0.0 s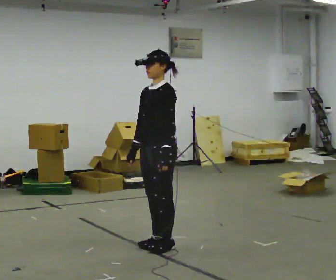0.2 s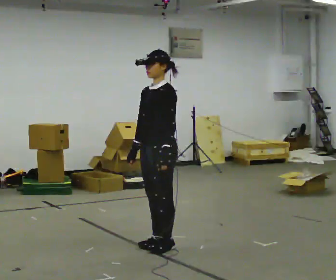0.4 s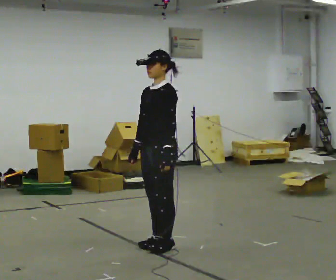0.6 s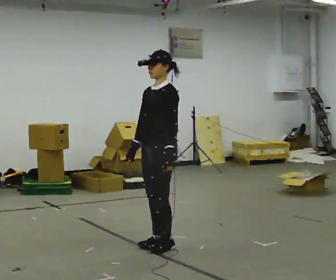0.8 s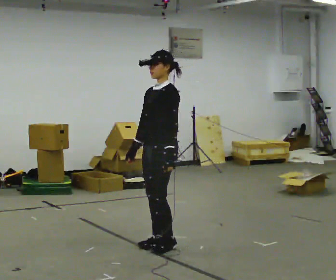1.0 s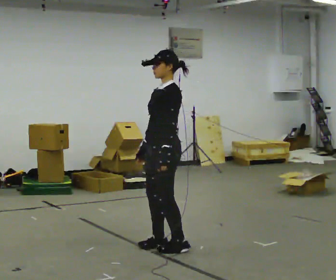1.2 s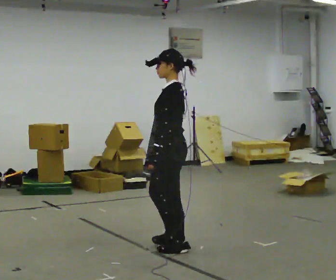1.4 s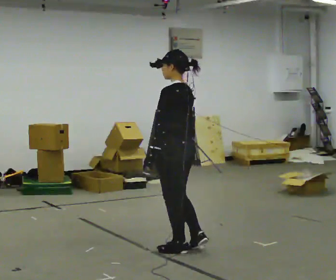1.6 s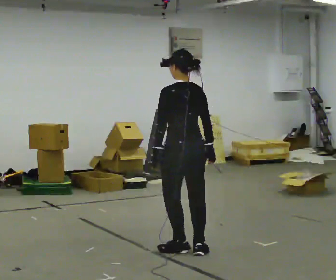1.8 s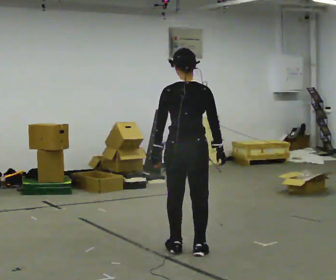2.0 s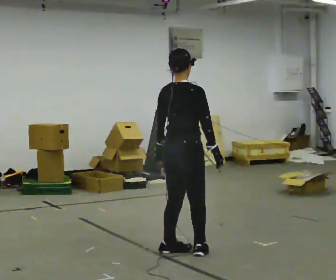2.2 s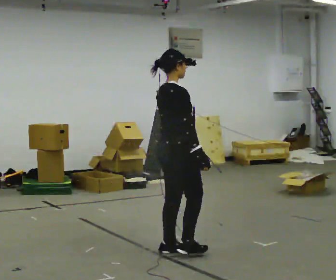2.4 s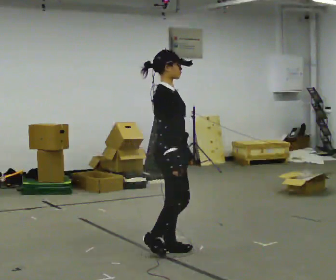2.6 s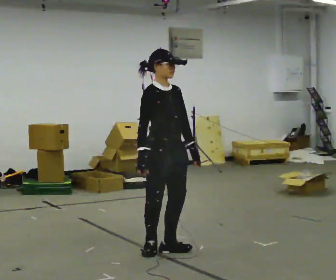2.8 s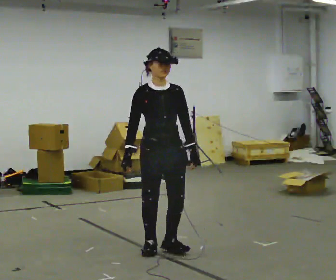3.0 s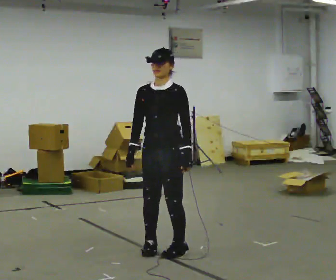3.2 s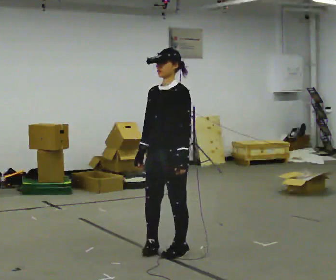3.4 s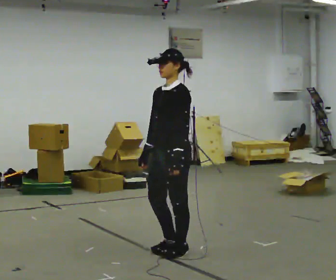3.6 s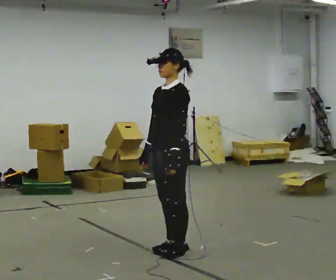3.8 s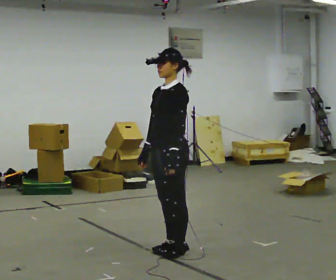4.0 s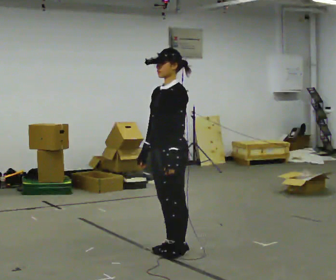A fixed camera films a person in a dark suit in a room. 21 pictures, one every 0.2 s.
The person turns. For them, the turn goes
to their right.
The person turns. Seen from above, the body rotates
clockwise.
0.0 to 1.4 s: Seen from above the body turns clockwise, about 60 degrees: to their right, with its near side sliding to the left. In the picture their right hand goes to the right.
1.4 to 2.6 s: Seen from above the body turns clockwise, about 195 degrees: to their right, with its near side sliding to the left.
2.6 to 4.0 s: The part of the body nearest the lens slides to the left as the person turns to their right by about 120 degrees.
The film runs backward here.
